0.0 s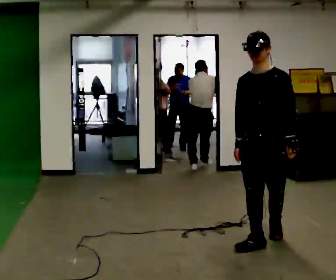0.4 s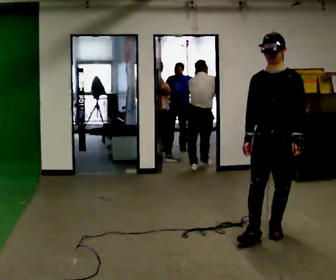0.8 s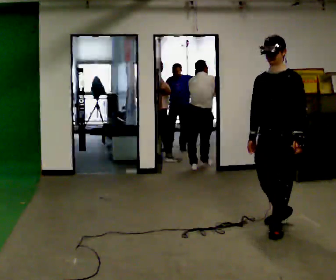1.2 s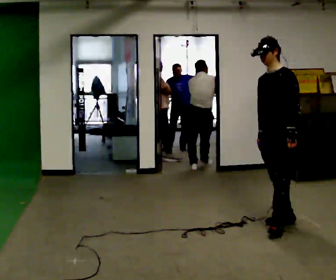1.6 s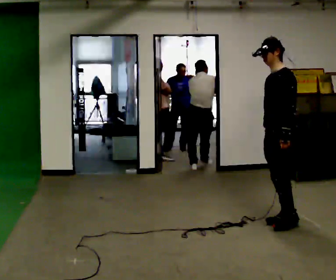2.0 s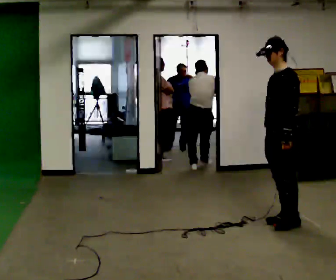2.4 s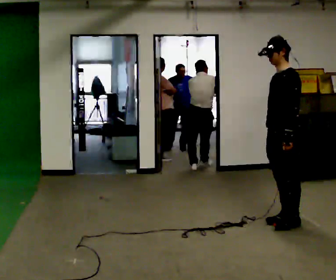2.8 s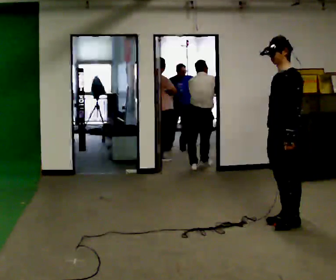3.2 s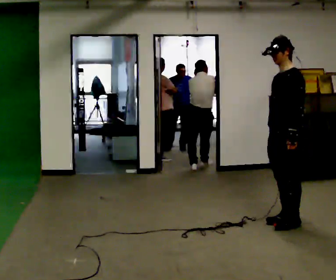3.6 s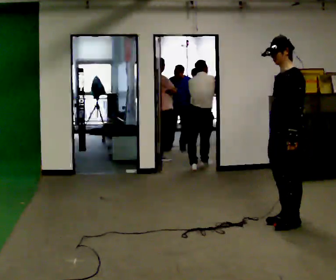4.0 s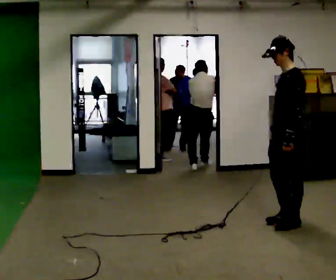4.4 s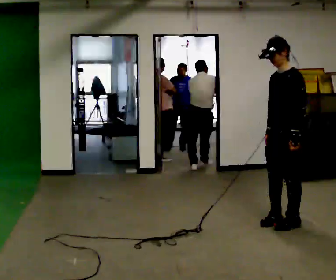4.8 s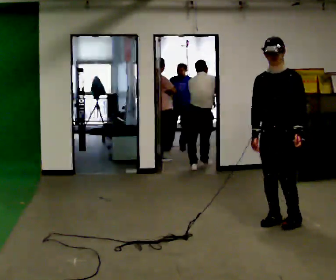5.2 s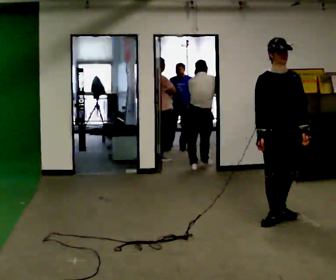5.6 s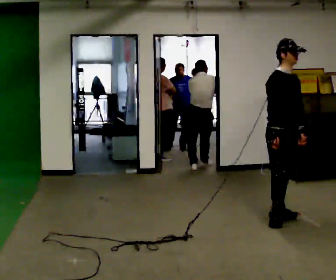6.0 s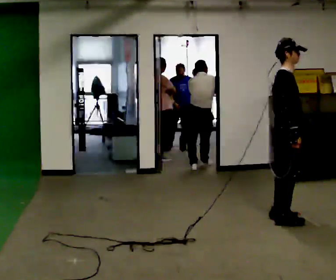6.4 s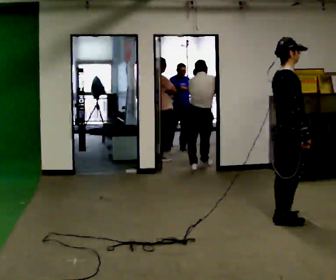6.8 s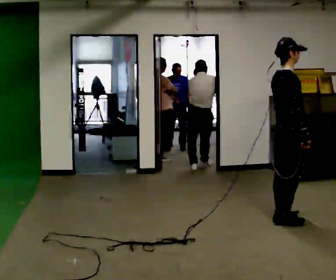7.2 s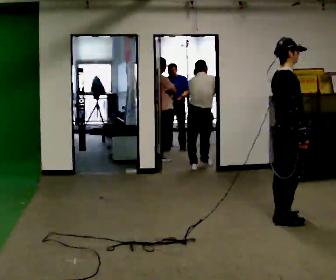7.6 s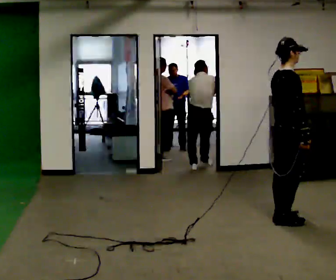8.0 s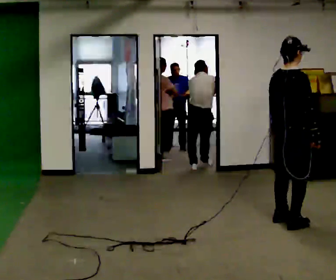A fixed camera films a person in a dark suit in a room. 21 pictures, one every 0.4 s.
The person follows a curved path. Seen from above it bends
clockwise.
0.0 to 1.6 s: Seen from above the body turns clockwise, about 45 degrees: to their right, with its near side sliding to the left. In the picture they go away from the camera, about 0.5 m in 2 steps, which for them is backward.
1.6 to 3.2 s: The person moves a little, or ends about where they began.
3.2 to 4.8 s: The person turns about 45 degrees to their left, counterclockwise seen from above, so the part of the body nearest the lens slides to the right.
4.8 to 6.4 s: Seen from above the body turns counterclockwise, about 120 degrees: to their left, with its near side sliding to the right.
6.4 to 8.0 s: The part of the body nearest the lens slides to the right as the person turns to their left by about 30 degrees.
The film runs backward here.
